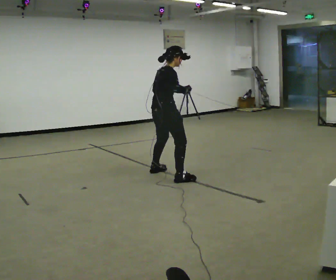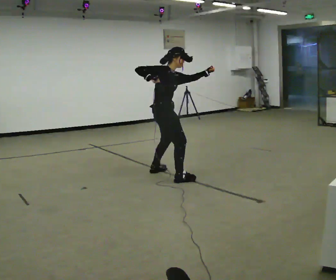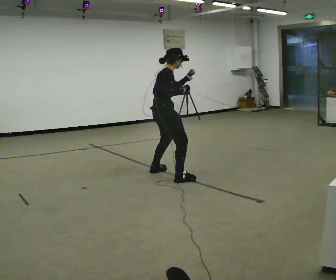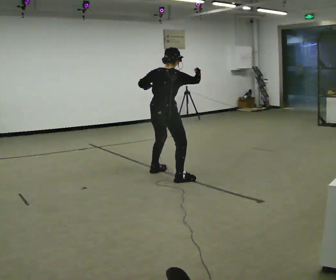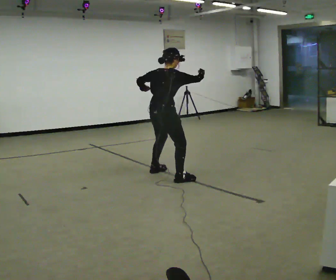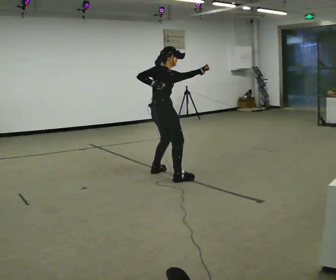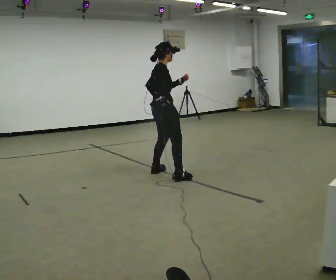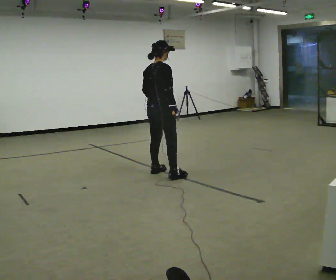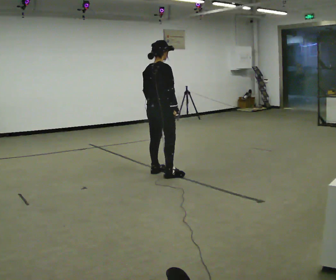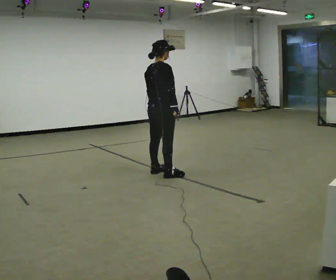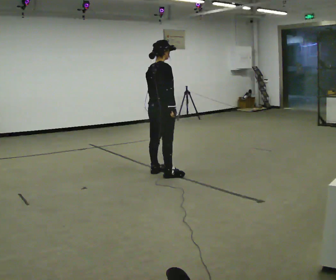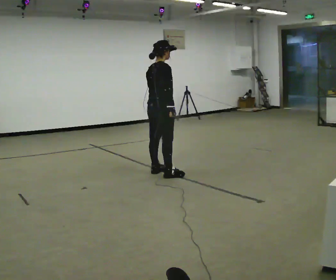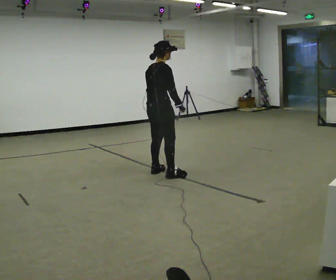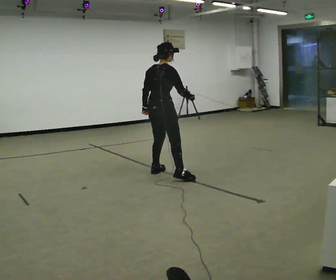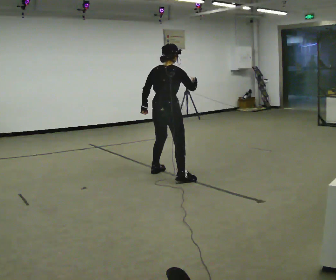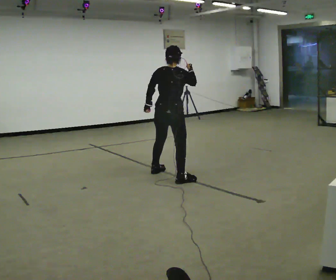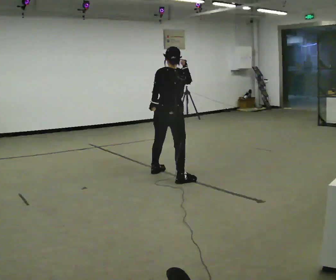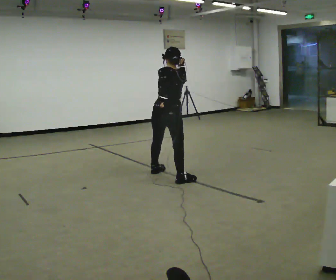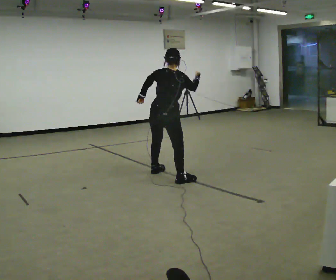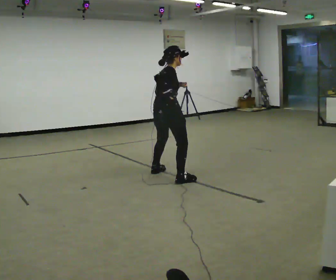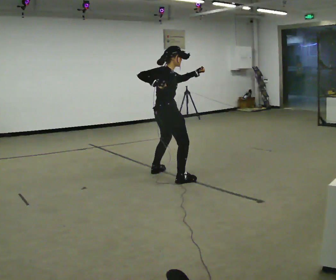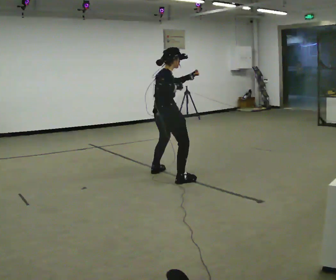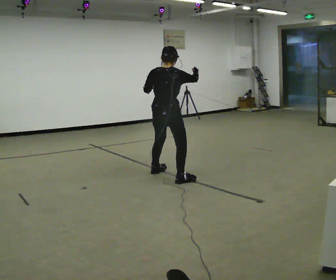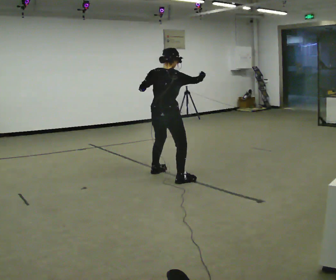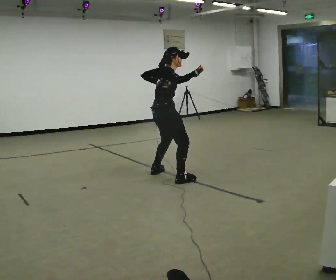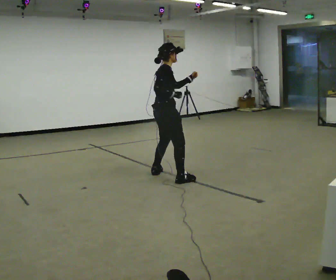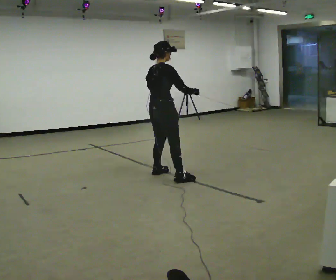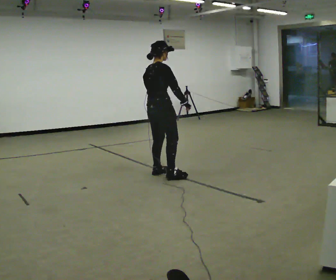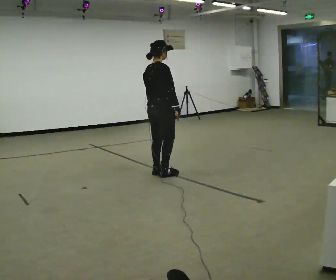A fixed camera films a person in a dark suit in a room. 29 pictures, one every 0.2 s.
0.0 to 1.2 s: Seen from above the body turns clockwise, about 30 degrees: to their right, with its near side sliding to the left. In the picture their left hand goes to the right.
1.2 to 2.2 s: The part of the body nearest the lens slides to the right as the person turns to their left by about 30 degrees. In the picture their left hand goes to the left and downward.
2.2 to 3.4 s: Seen from above the body turns counterclockwise, about 60 degrees: to their left, with its near side sliding to the right. In the picture they go toward the camera, about 0.25 m in 1 step. In the picture their right hand goes upward.
3.4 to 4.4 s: The part of the body nearest the lens slides to the left as the person turns to their right by about 30 degrees.
4.4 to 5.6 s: The person turns about 30 degrees to their right, clockwise seen from above, so the part of the body nearest the lens slides to the left. In the picture they go away from the camera, about 0.25 m in 1 step. In the picture their right hand goes downward.
The film runs backward here.
